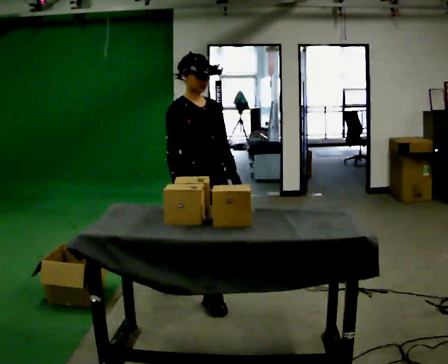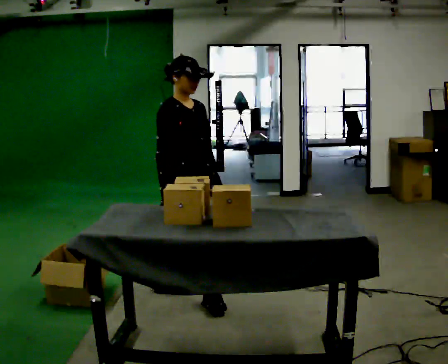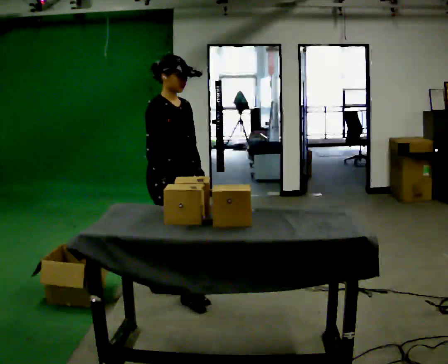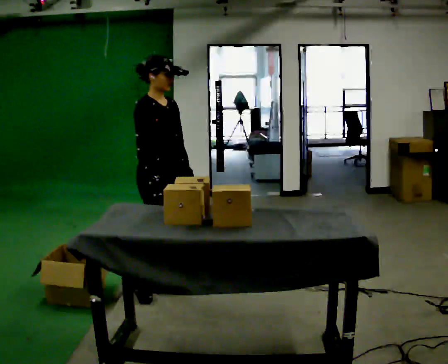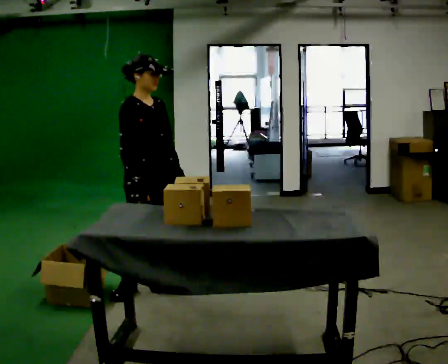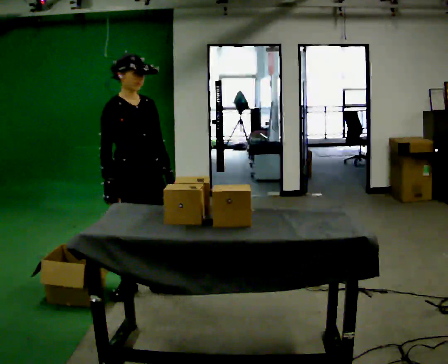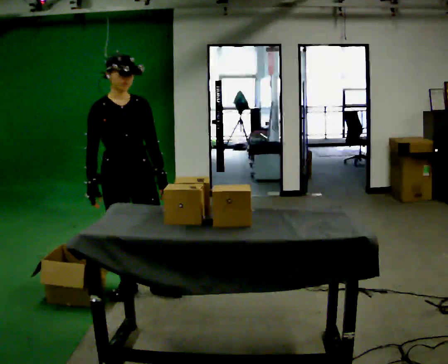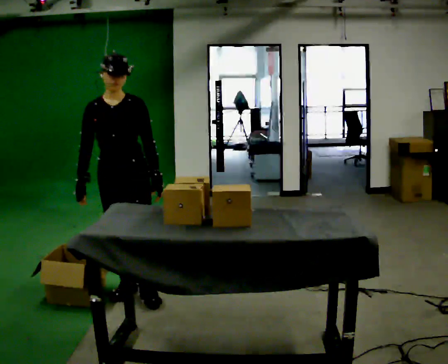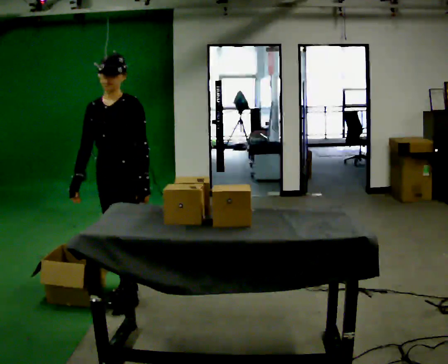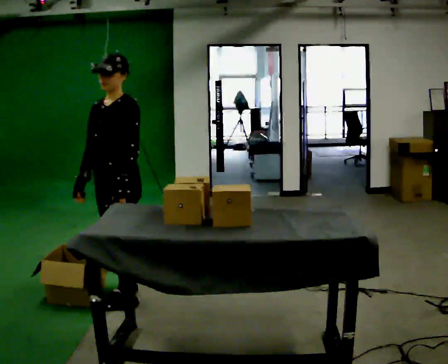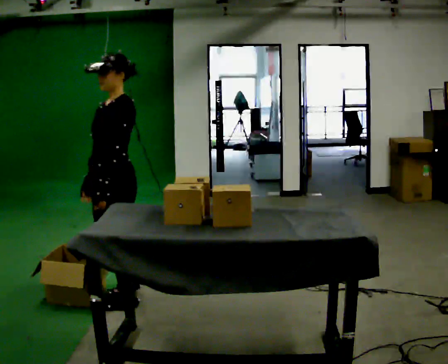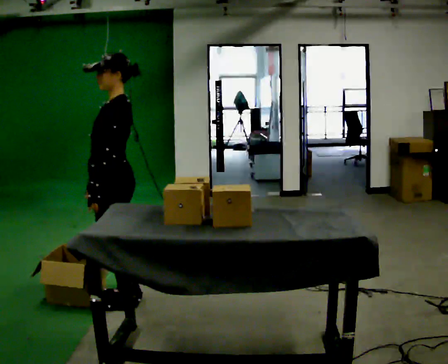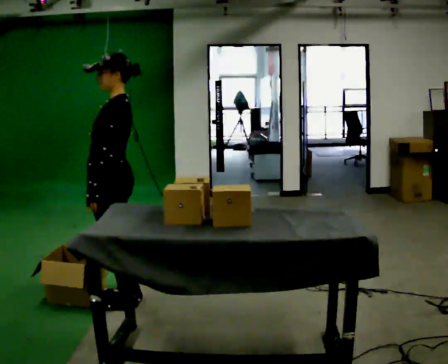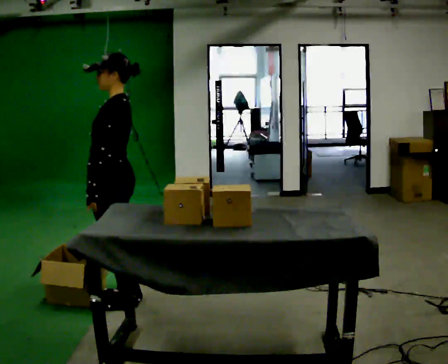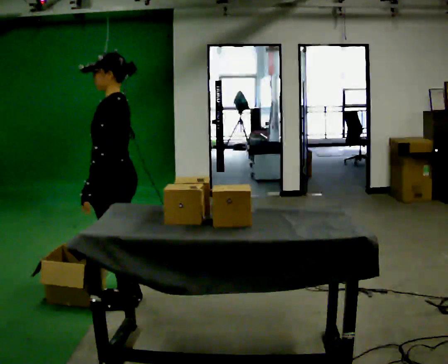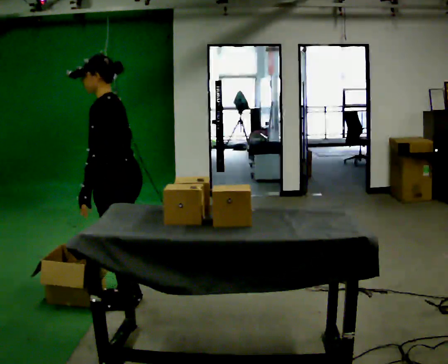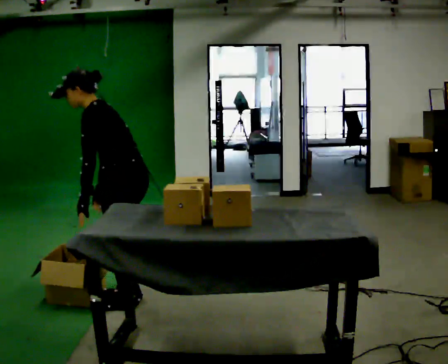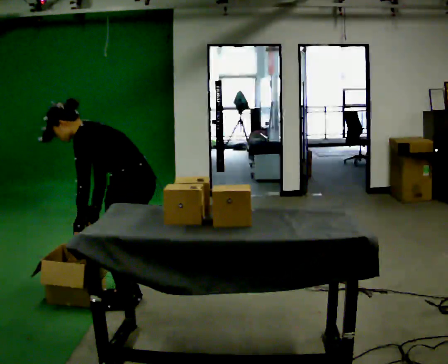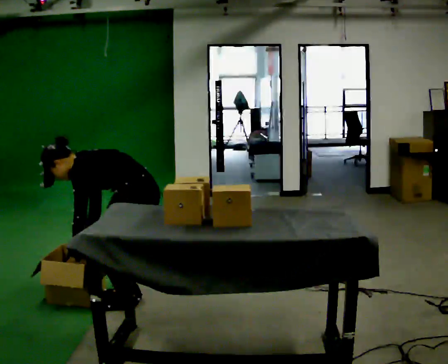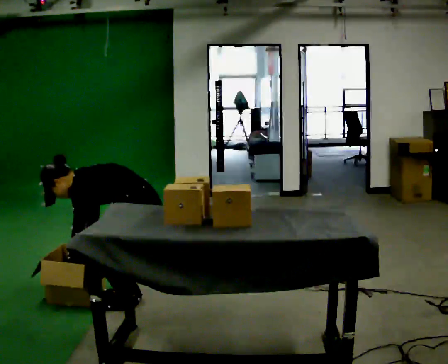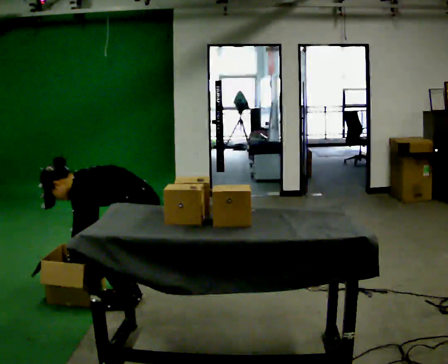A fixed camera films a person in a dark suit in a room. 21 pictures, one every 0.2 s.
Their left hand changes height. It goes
downward.
The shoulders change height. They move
downward.
0.0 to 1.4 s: The person turns about 45 degrees to their right, clockwise seen from above, so the part of the body nearest the lens slides to the left. In the picture they go to the left and away from the camera, about 0.5 m in 2 steps.
1.4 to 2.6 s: Seen from above the body turns clockwise, about 90 degrees: to their right, with its near side sliding to the left. In the picture they go toward the camera, about 0.25 m in 1 step. In the picture their left hand goes to the left.
2.6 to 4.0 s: In the picture they go to the right, about 0.25 m, which for them is backward. The upper body goes downward. In the picture the upper body tilts counterclockwise, shoulders to the left, as they bend forward. In the picture their left hand goes downward.
The film runs backward here.
